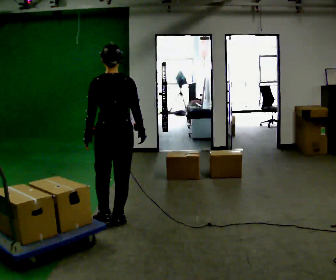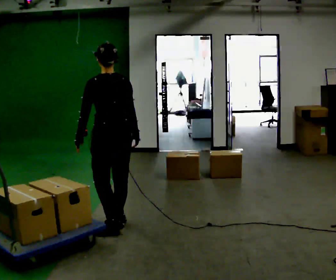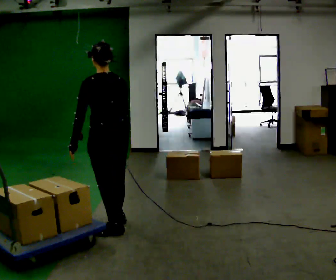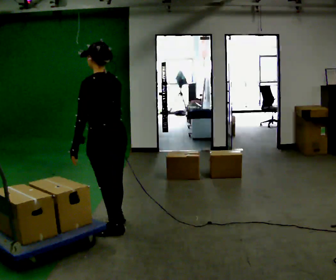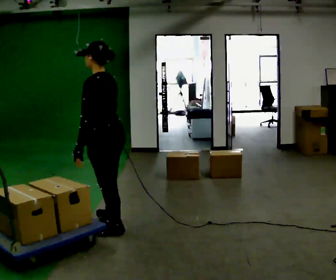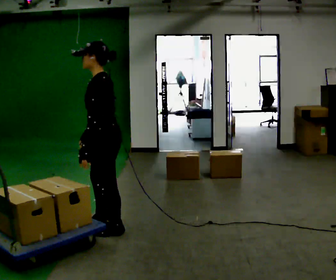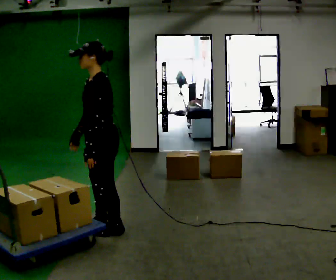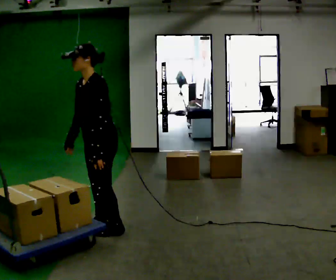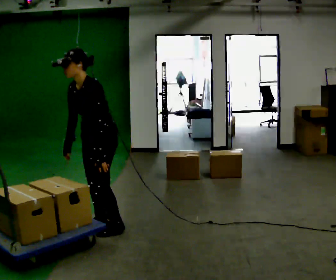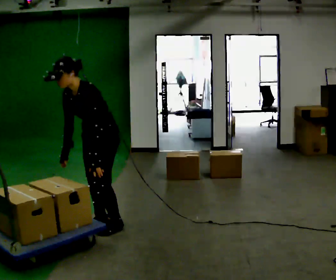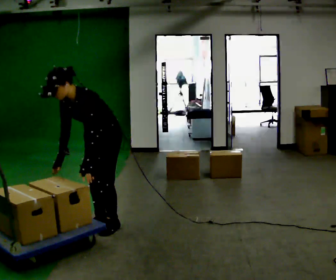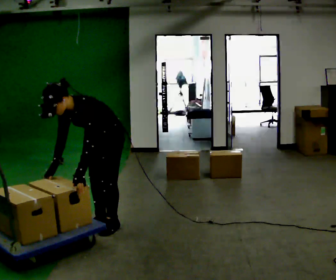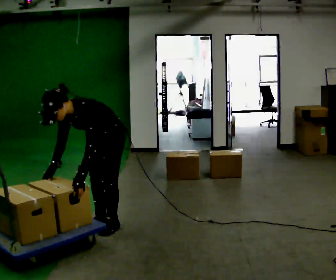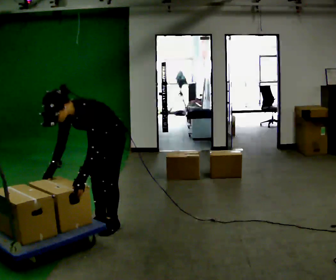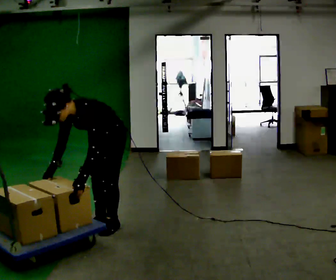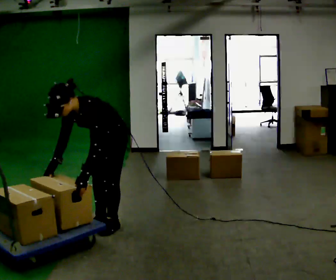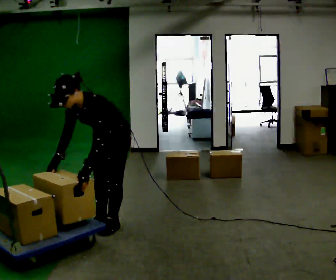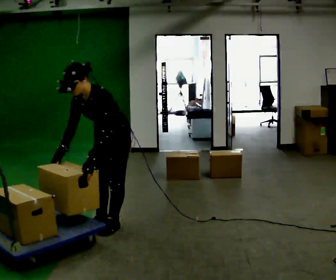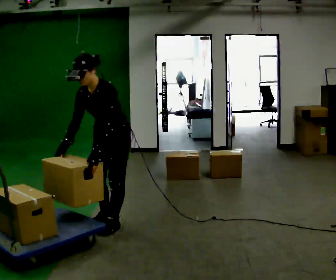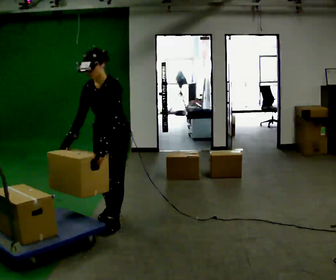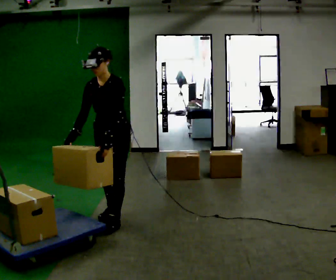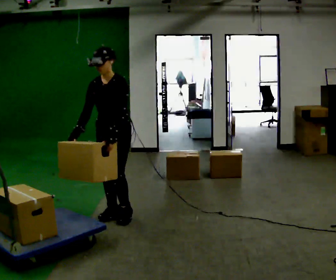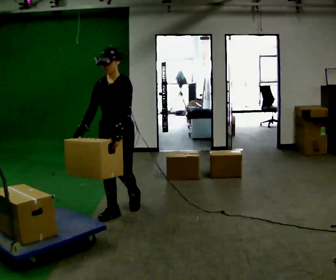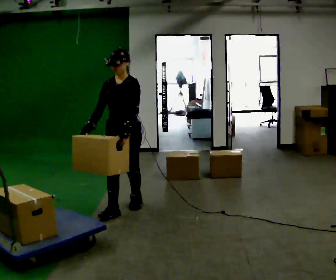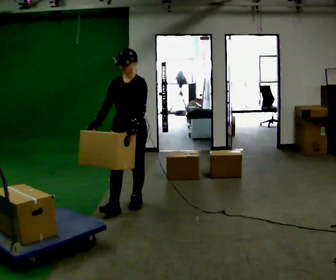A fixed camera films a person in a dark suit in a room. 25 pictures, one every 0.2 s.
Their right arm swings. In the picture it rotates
clockwise.
The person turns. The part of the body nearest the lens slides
to the right.
0.0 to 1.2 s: Seen from above the body turns counterclockwise, about 90 degrees: to their left, with its near side sliding to the right. In the picture they go toward the camera, about 0.25 m. In the picture their right hand goes to the left, the arm swinging clockwise.
1.2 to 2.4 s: The part of the body nearest the lens slides to the right as the person turns to their left by about 30 degrees. The upper body goes downward. In the picture the upper body tilts counterclockwise, shoulders to the left, as they bend forward.
2.4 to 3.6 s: The upper body goes upward. In the picture the upper body tilts clockwise, shoulders to the right, as they lean back or straighten.
3.6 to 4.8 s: In the picture they go away from the camera, about 0.5 m in 2 steps, which for them is backward. The upper body tips away from the camera, its near side rolling upward, as they lean back or straighten.
The film runs backward here.
